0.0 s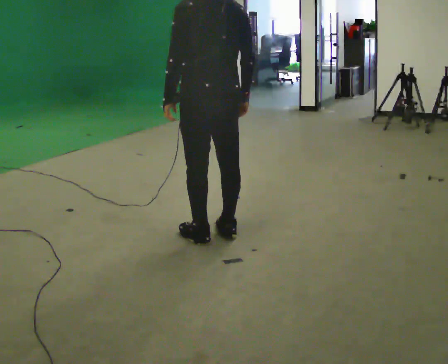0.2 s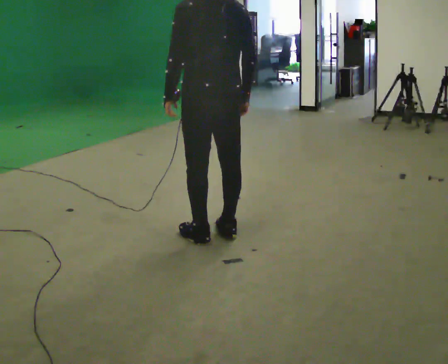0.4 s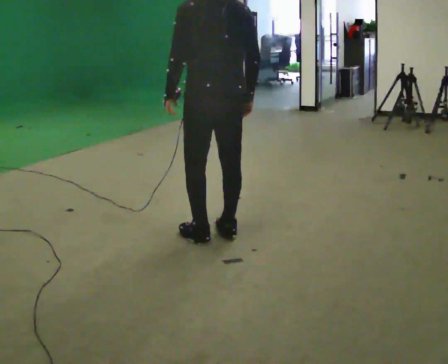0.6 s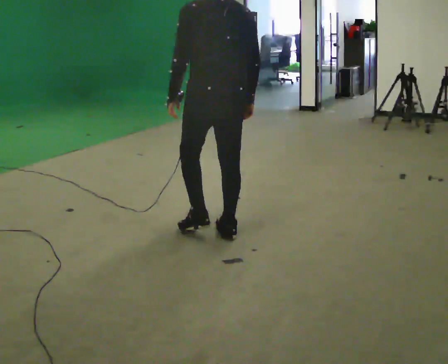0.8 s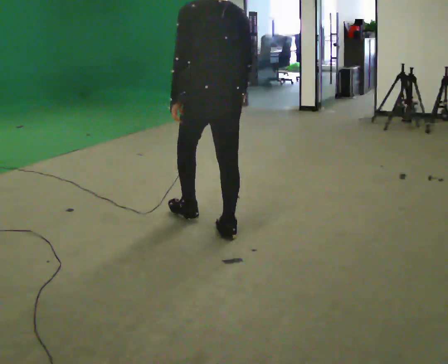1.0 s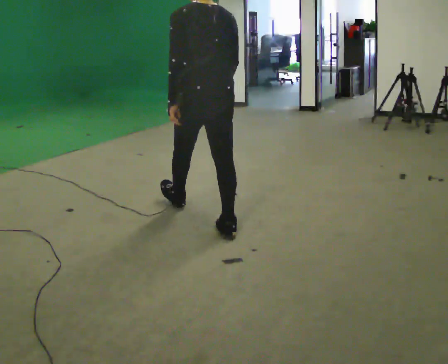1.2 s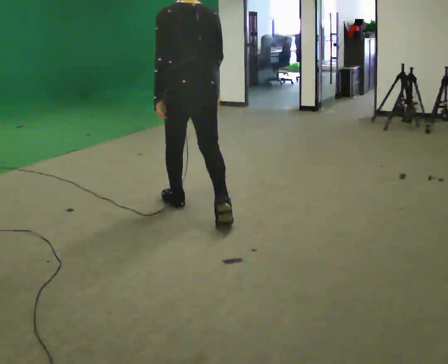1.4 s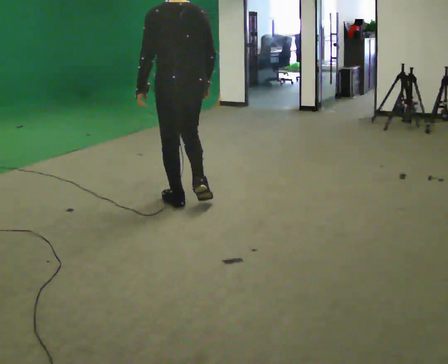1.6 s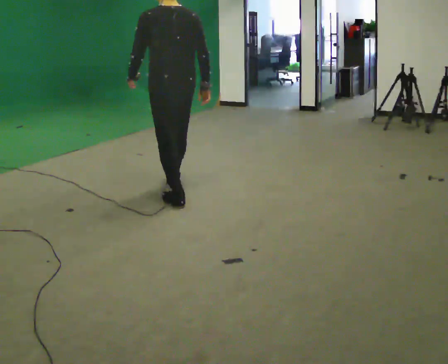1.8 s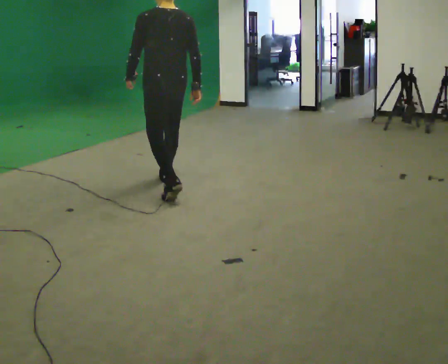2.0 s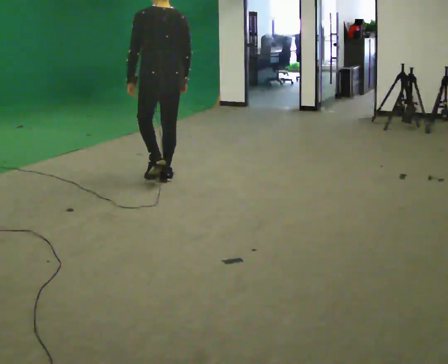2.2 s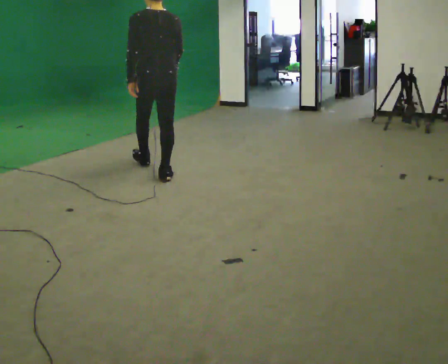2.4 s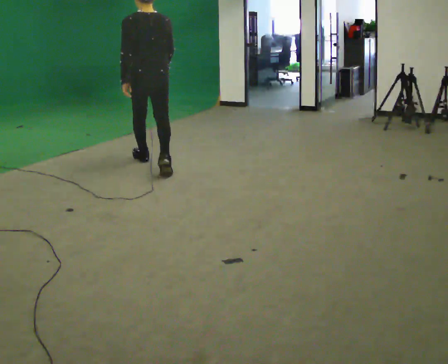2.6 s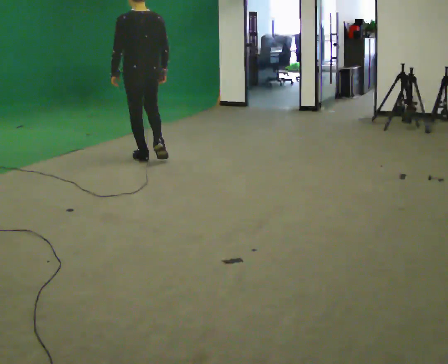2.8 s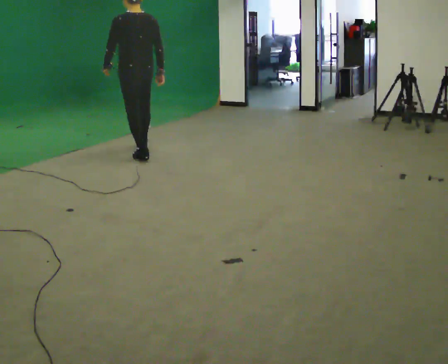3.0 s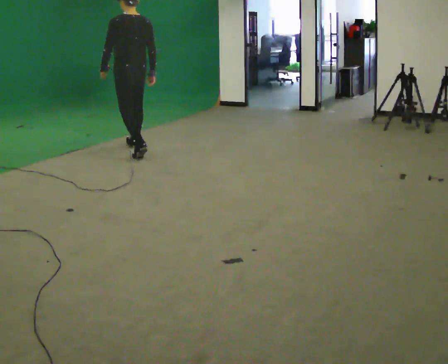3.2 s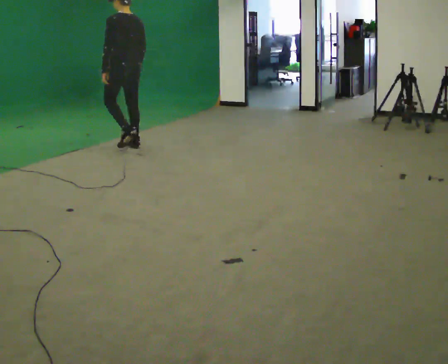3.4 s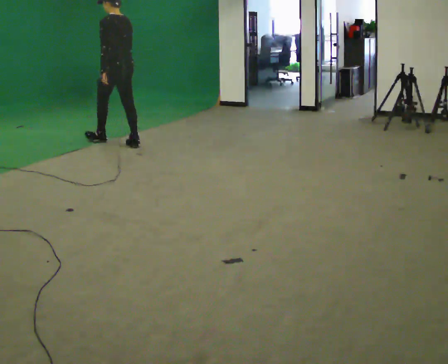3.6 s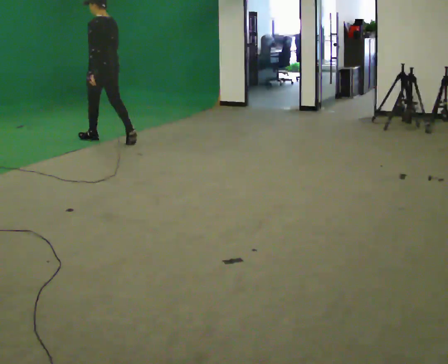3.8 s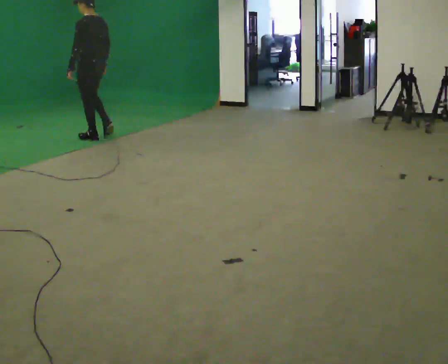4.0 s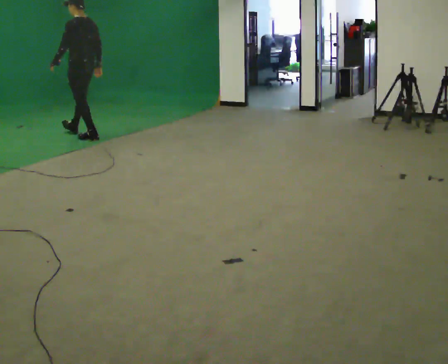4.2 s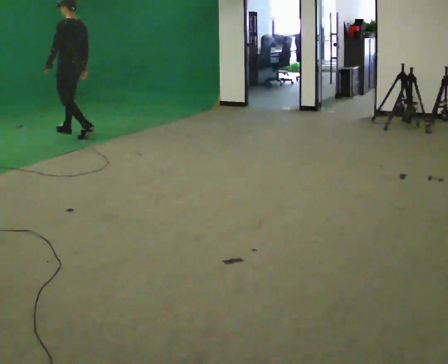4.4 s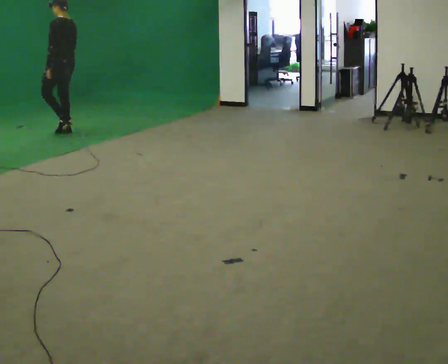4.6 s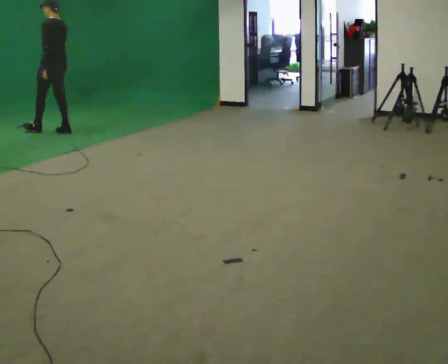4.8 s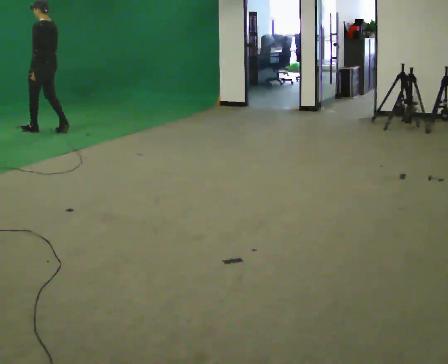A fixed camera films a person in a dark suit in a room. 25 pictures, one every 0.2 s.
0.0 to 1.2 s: In the picture they go away from the camera, about 0.5 m in 1 step, which for them is forward.
1.2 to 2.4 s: In the picture they go away from the camera, about 1.5 m in 2 steps, which for them is forward.
2.4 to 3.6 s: The part of the body nearest the lens slides to the right as the person turns to their left by about 45 degrees. In the picture they go away from the camera and to the left, about 1 m in 2 steps, which for them is forward.
3.6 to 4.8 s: In the picture they go to the left and away from the camera, about 1 m in 2 steps, which for them is forward.
The film runs forward here.
